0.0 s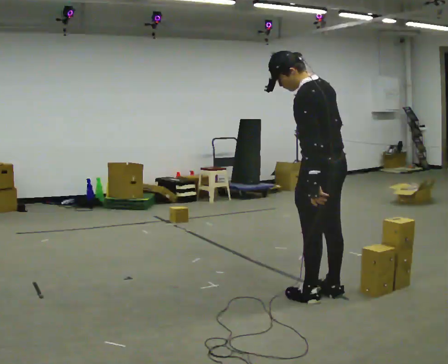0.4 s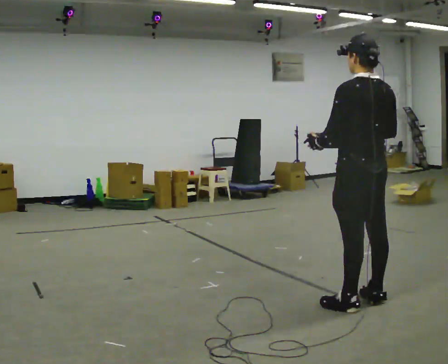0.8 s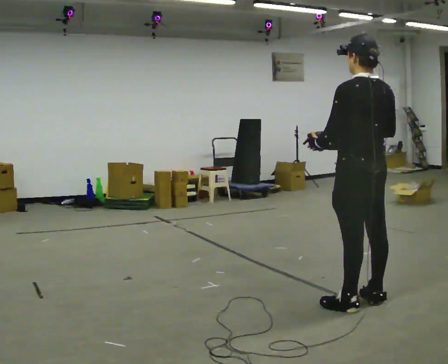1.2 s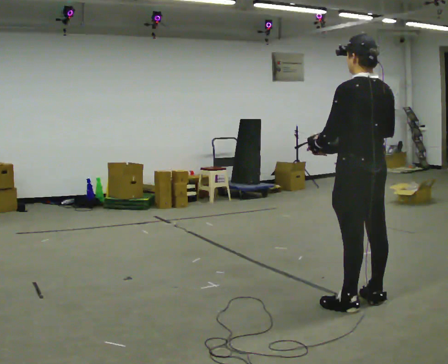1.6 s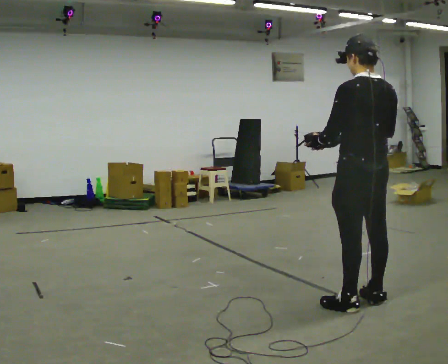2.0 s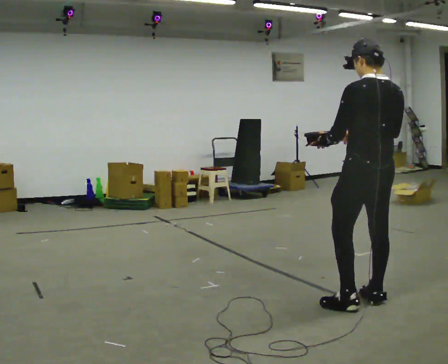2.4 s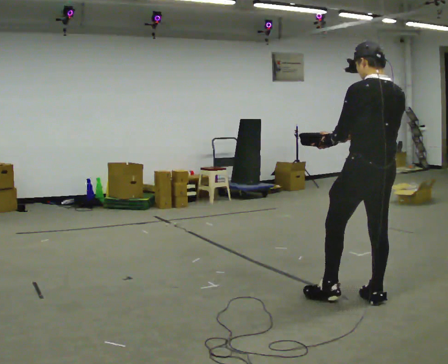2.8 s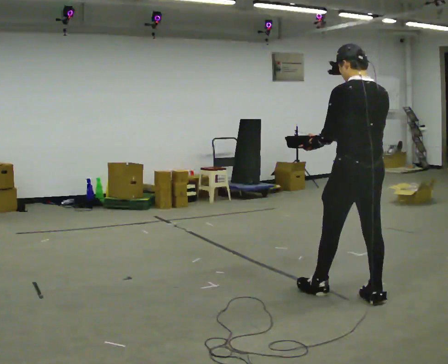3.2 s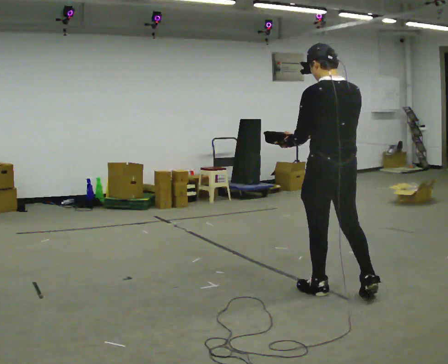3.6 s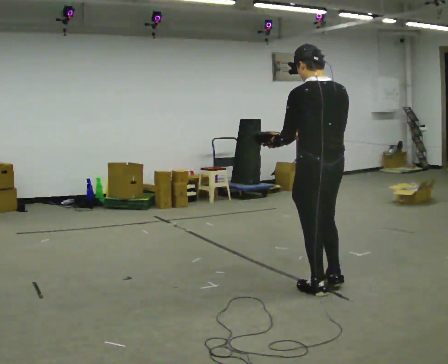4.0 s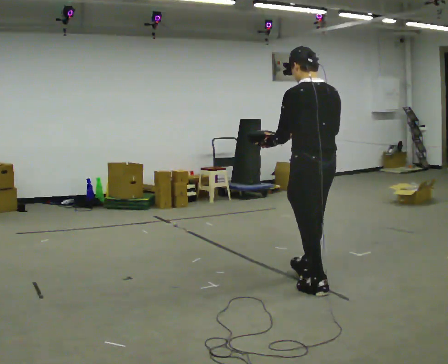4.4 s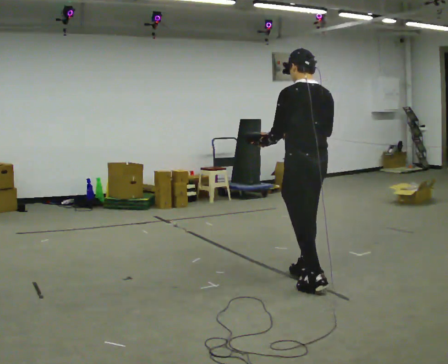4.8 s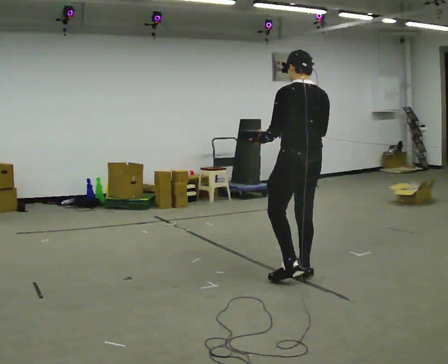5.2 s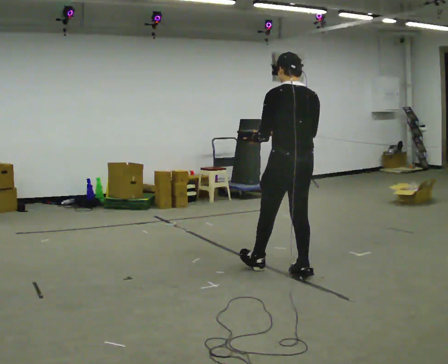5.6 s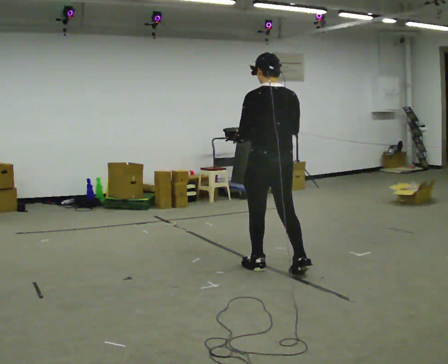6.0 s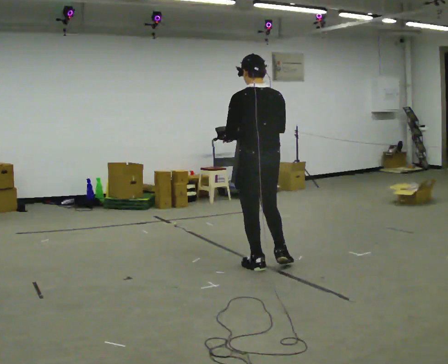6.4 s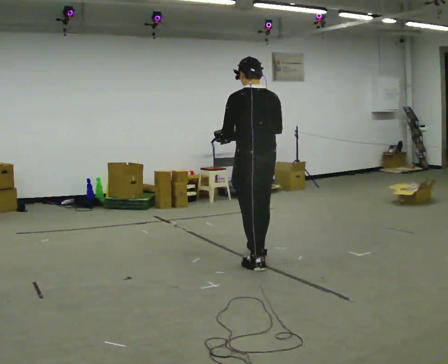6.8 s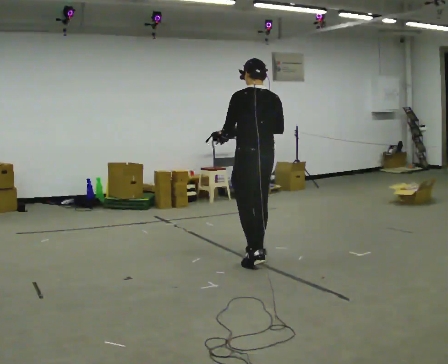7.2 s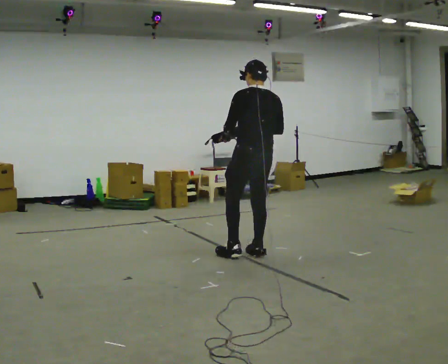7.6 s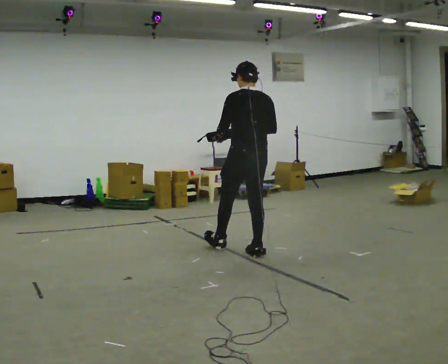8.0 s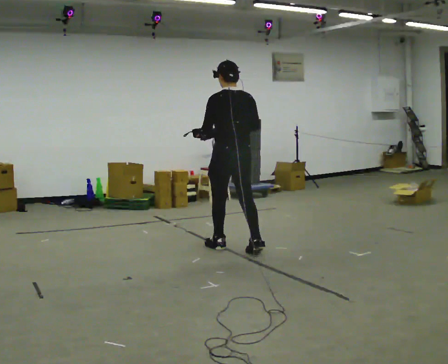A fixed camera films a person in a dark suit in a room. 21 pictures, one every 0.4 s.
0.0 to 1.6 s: In the picture they go to the right, about 0.25 m, which for them is backward.
1.6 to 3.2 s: In the picture they go to the left and away from the camera, about 0.25 m in 1 step, which for them is forward.
3.2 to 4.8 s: In the picture they go away from the camera and to the left, about 0.5 m in 1 step, which for them is forward.
4.8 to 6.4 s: In the picture they go to the left and away from the camera, about 0.5 m in 2 steps, which for them is forward.
6.4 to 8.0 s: In the picture they go away from the camera and to the left, about 0.5 m in 1 step, which for them is forward.
The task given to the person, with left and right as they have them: Carry the bag and, while walking, undo the buckle or zip, then do it up again. Keep repeating as you walk. Do not stop.
The film runs forward here.
